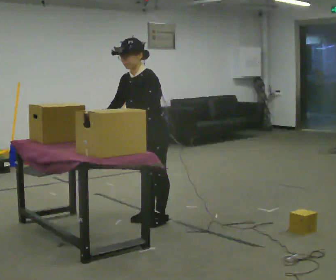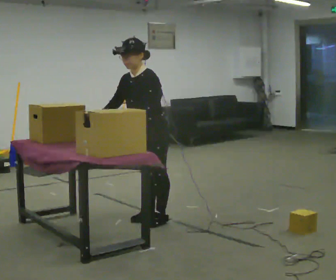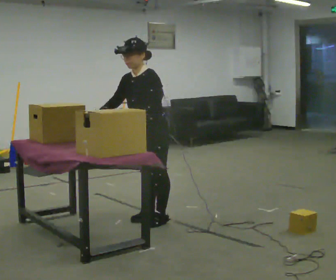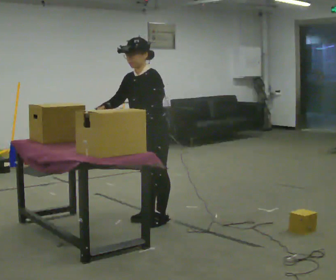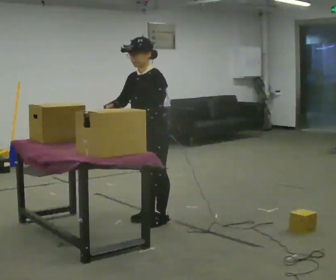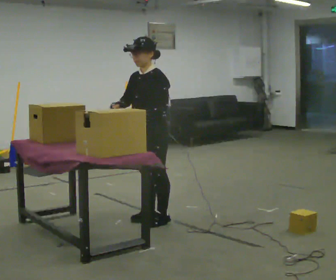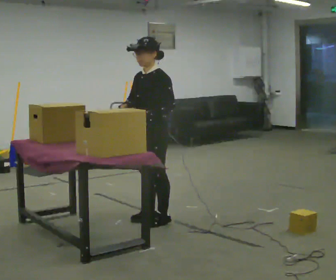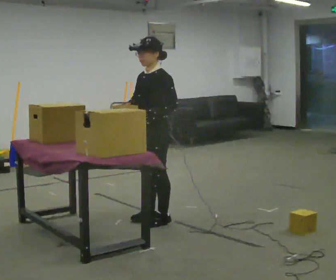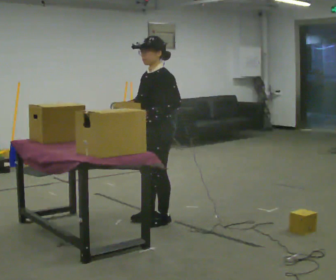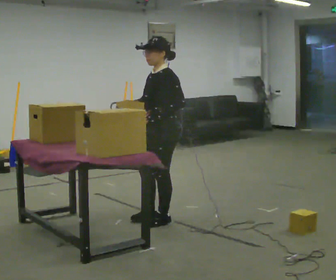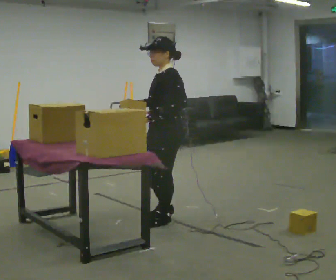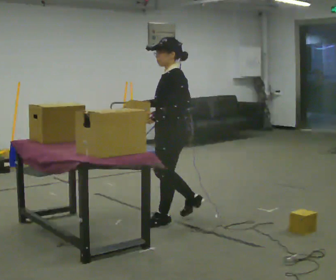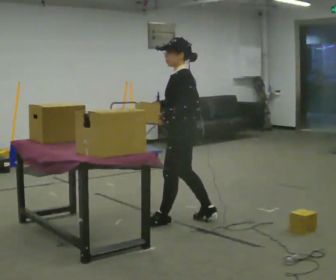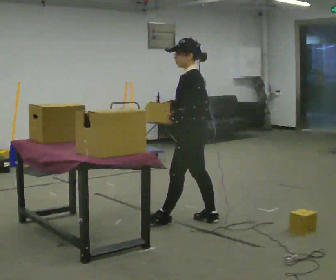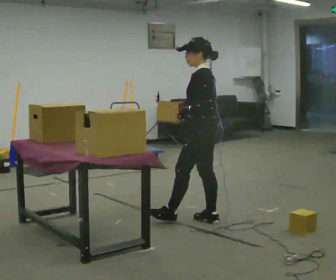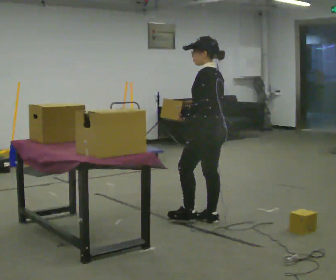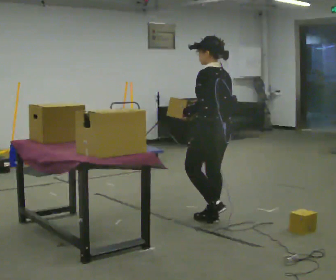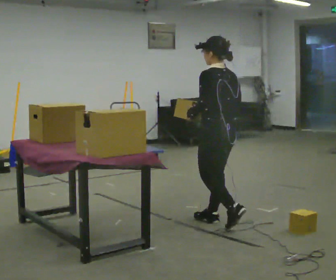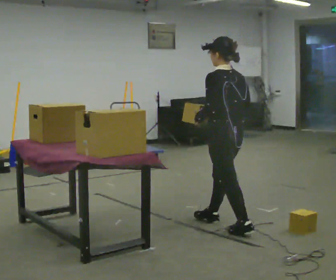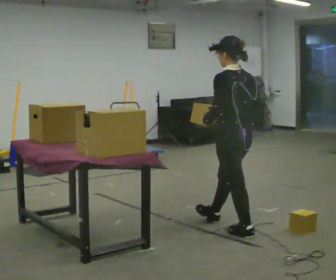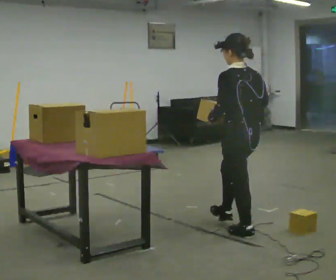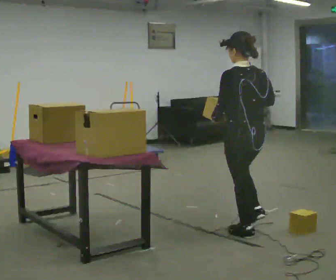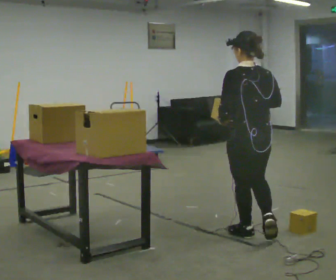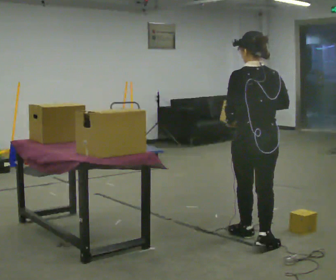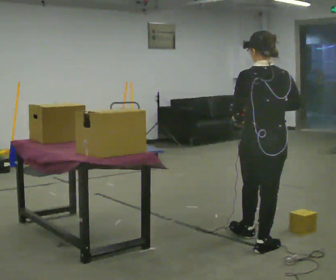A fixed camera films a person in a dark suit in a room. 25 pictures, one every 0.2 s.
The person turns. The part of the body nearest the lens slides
to the left.
The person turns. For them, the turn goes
to their right.
0.0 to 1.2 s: In the picture the upper body tilts clockwise, shoulders to the right, as they lean back or straighten.
1.2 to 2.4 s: The part of the body nearest the lens slides to the left as the person turns to their right by about 45 degrees. In the picture they go to the right, about 0.25 m in 1 step, which for them is backward and to their left.
2.4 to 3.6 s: Seen from above the body turns clockwise, about 45 degrees: to their right, with its near side sliding to the left. In the picture they go to the right and toward the camera, about 0.5 m in 1 step, which for them is backward.
3.6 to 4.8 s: The person turns about 45 degrees to their right, clockwise seen from above, so the part of the body nearest the lens slides to the left. In the picture they go toward the camera, about 0.5 m in 1 step, which for them is backward.
The film runs backward here.
